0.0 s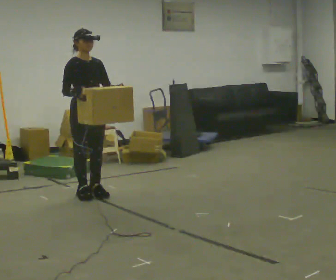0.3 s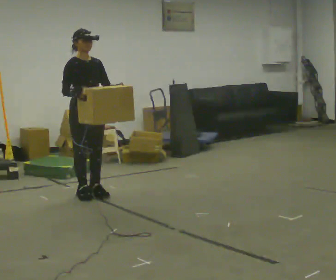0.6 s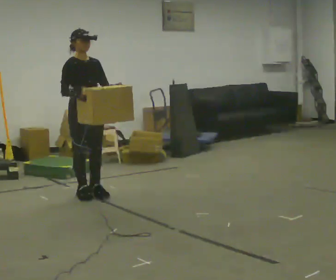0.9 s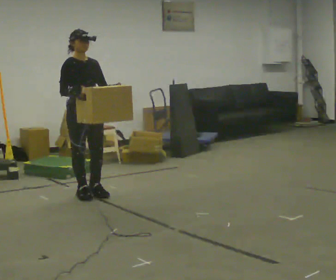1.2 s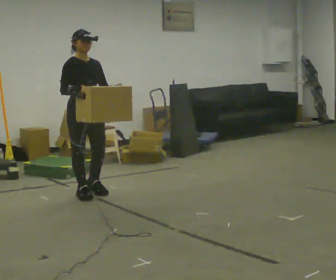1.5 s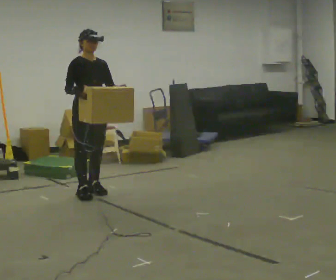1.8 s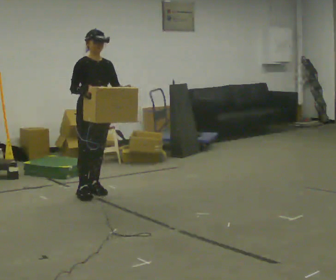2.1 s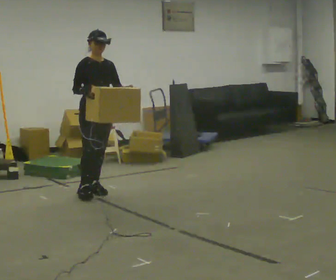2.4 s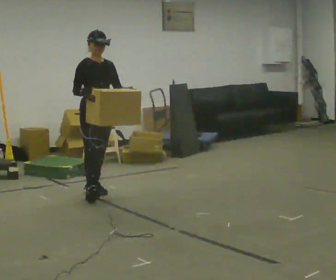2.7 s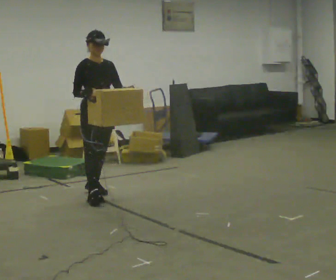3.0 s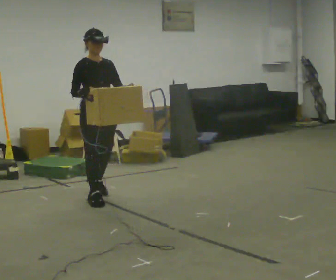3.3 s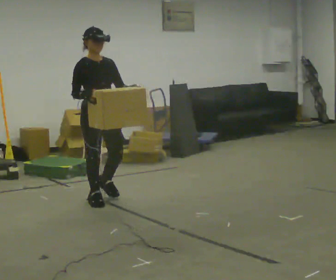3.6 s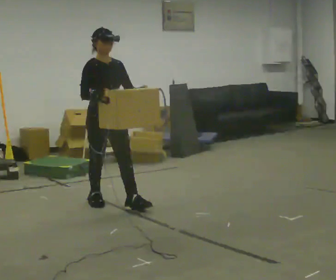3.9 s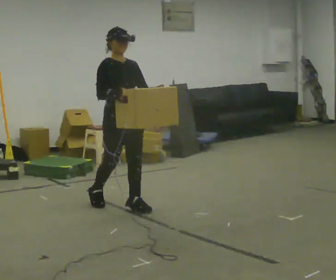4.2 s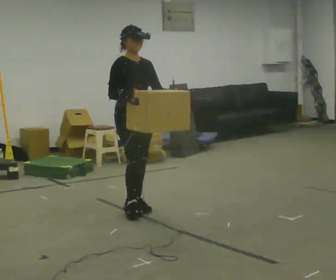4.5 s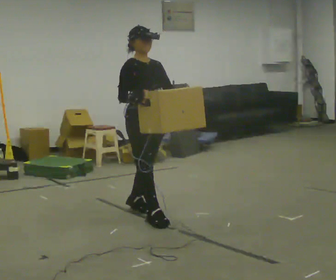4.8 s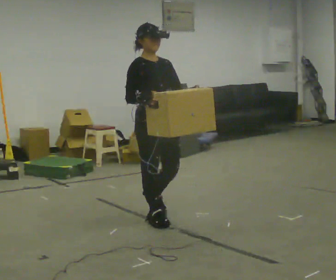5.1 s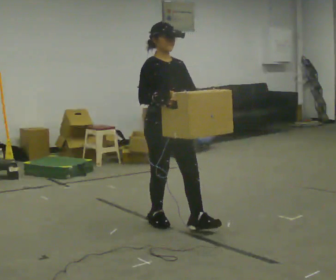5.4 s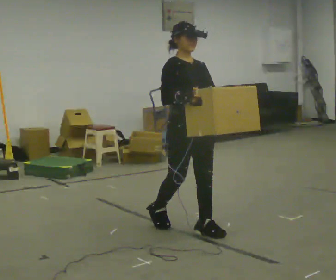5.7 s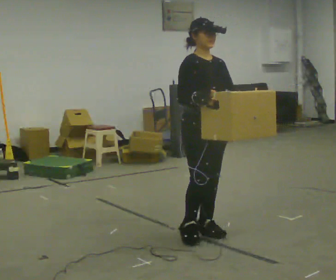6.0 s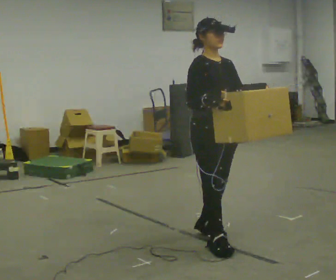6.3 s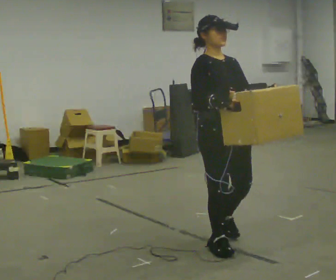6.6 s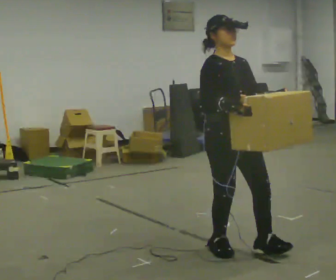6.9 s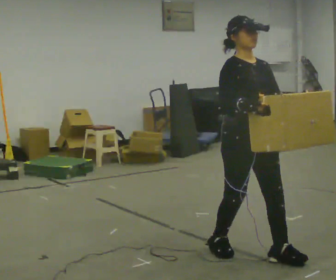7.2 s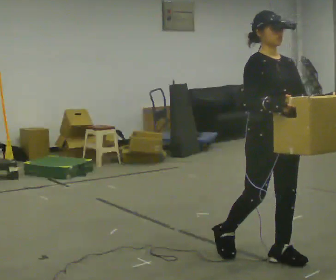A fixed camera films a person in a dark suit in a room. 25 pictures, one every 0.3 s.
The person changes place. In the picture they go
toward the camera.
0.0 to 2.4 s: The person moves a little, or ends about where they began.
2.4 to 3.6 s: In the picture they go toward the camera, about 0.5 m in 1 step, which for them is forward.
3.6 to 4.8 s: In the picture they go toward the camera and to the right, about 0.75 m in 2 steps, which for them is forward.
4.8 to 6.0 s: In the picture they go toward the camera and to the right, about 0.75 m in 1 step, which for them is forward.
6.0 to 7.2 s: In the picture they go toward the camera and to the right, about 0.5 m in 2 steps, which for them is forward.
The film runs backward here.
